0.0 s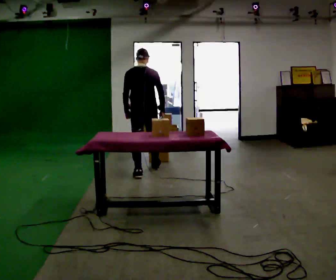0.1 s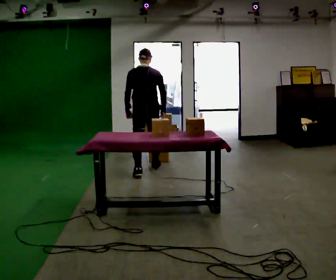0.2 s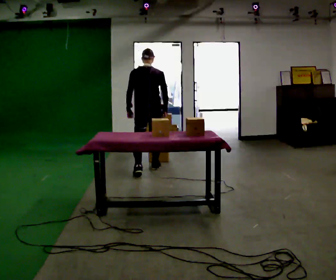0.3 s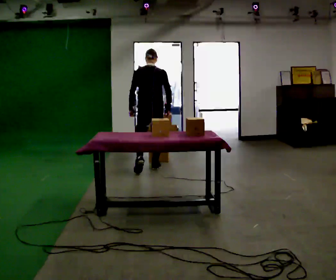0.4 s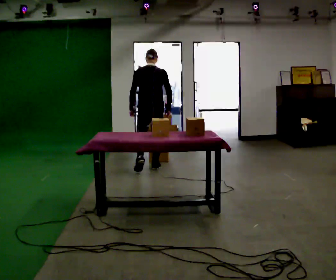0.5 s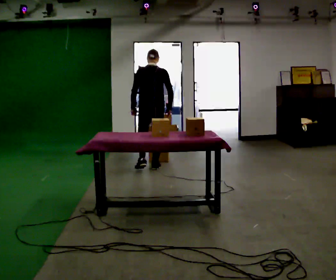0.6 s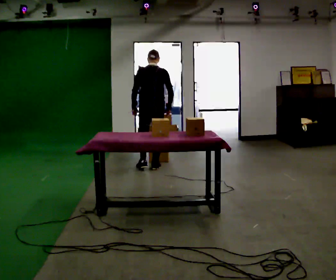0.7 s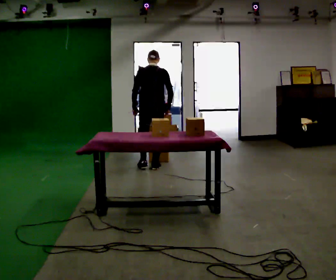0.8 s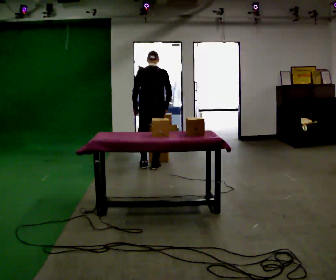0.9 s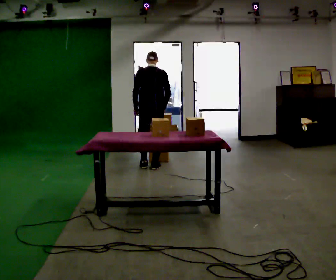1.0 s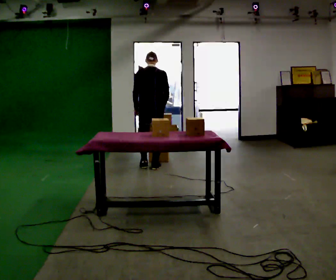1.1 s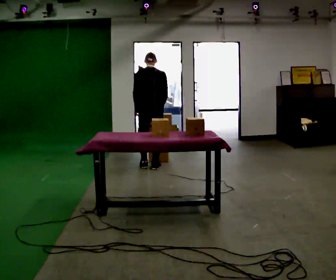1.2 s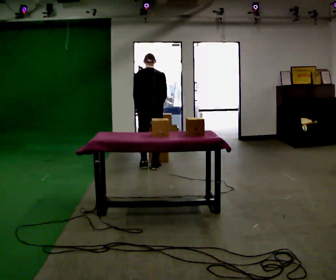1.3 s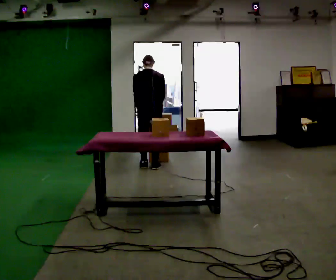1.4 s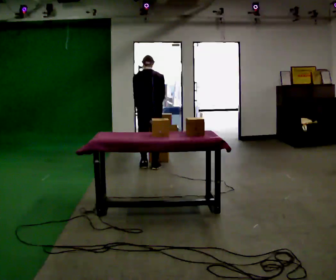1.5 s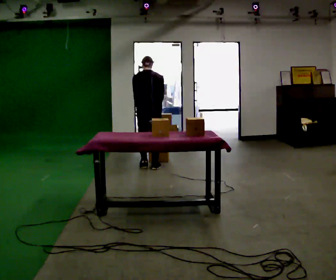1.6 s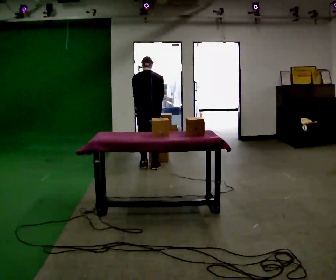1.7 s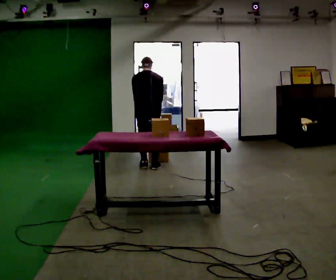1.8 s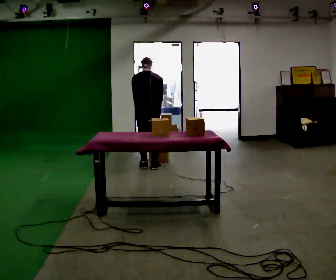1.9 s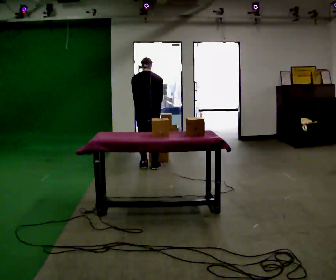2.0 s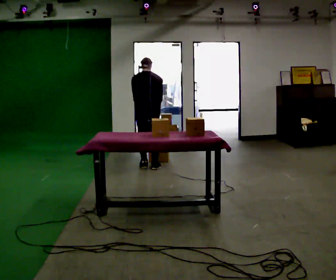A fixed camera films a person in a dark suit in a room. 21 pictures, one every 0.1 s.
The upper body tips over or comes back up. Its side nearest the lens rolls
upward.
0.0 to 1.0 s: In the picture they go away from the camera, about 0.25 m in 1 step, which for them is forward. The upper body tips away from the camera, its near side rolling upward, as they bend forward.
1.0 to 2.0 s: The upper body tips away from the camera, its near side rolling upward, as they bend forward.
The film runs forward here.
